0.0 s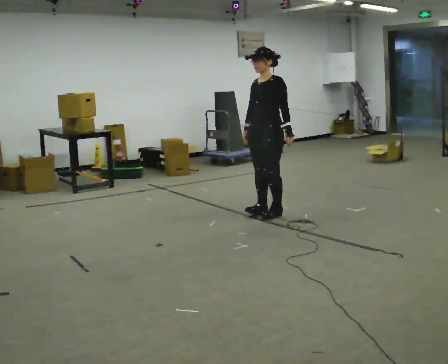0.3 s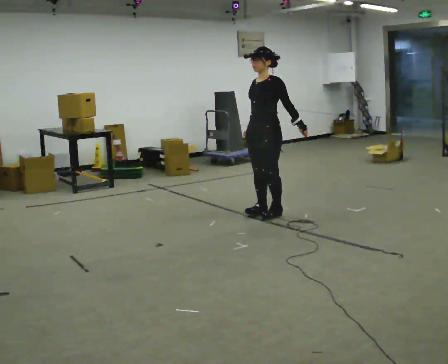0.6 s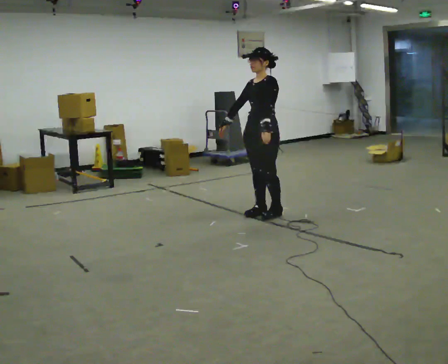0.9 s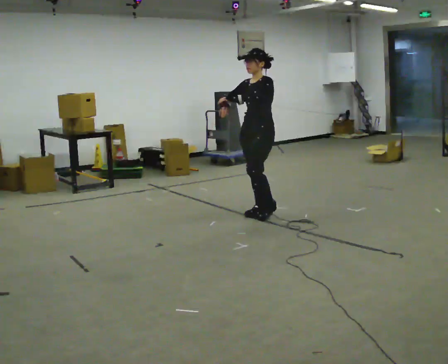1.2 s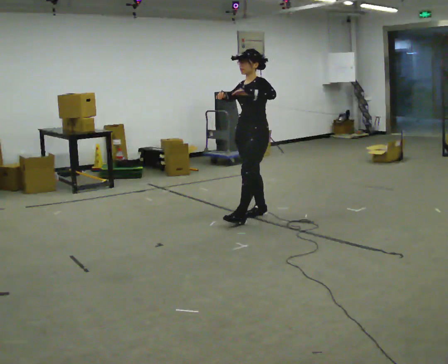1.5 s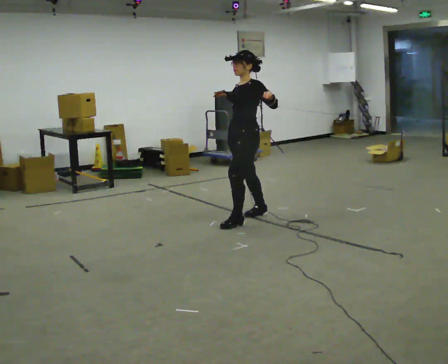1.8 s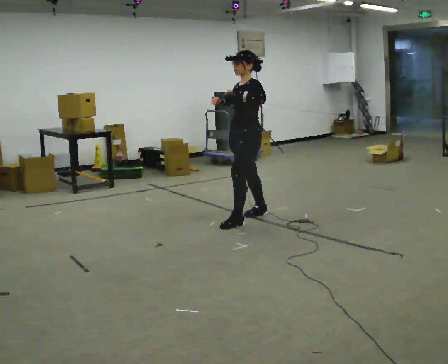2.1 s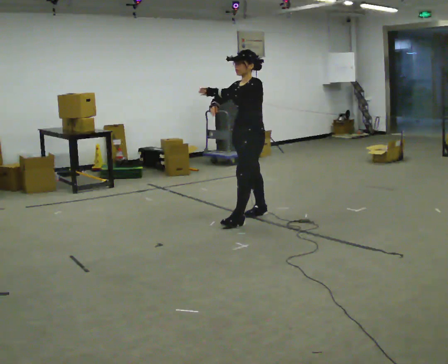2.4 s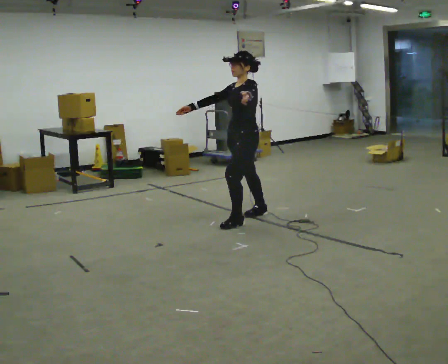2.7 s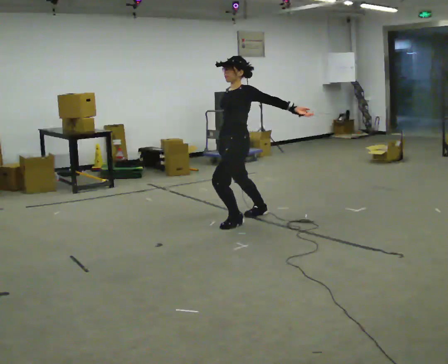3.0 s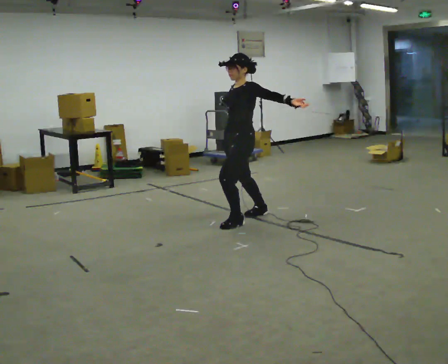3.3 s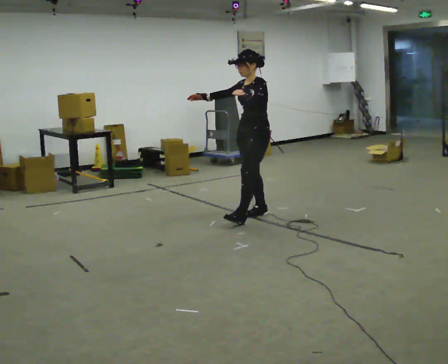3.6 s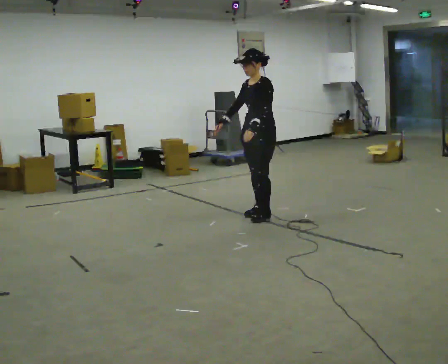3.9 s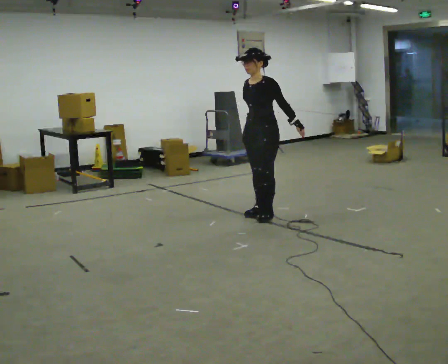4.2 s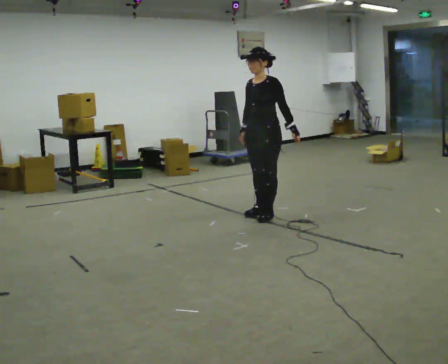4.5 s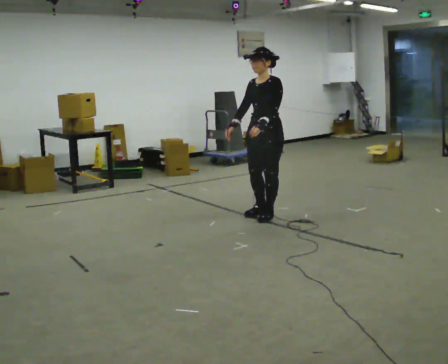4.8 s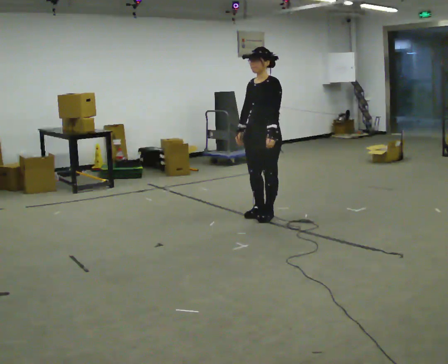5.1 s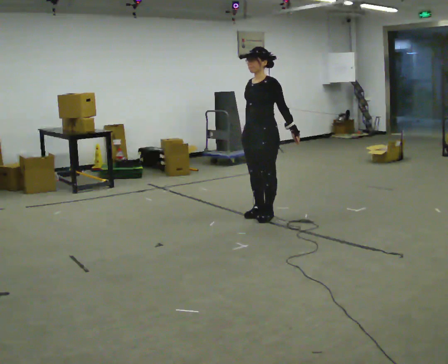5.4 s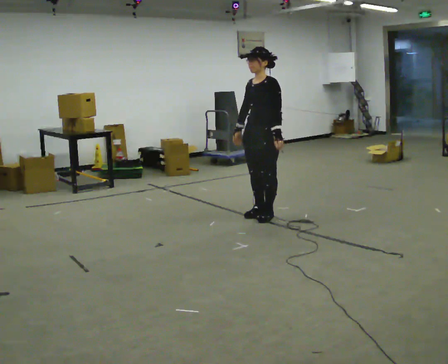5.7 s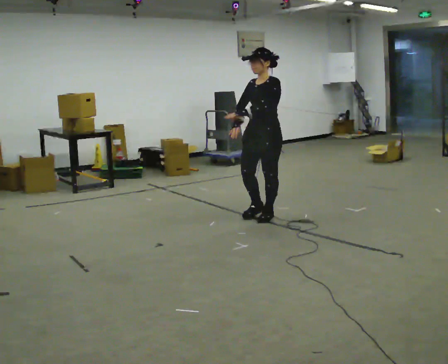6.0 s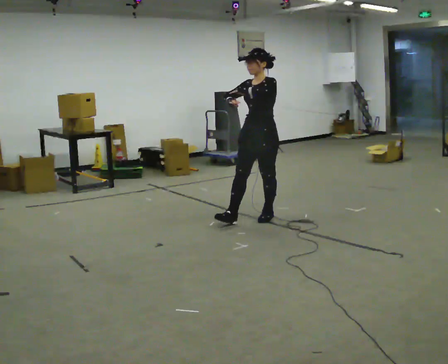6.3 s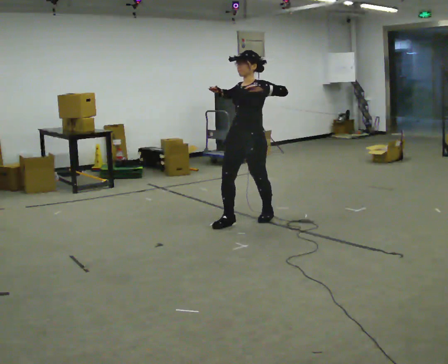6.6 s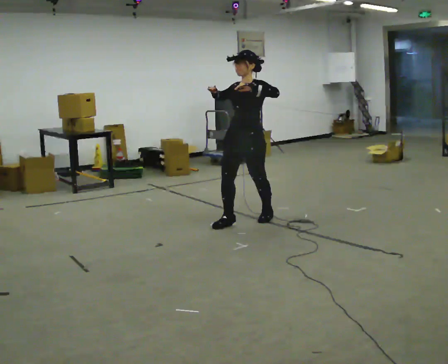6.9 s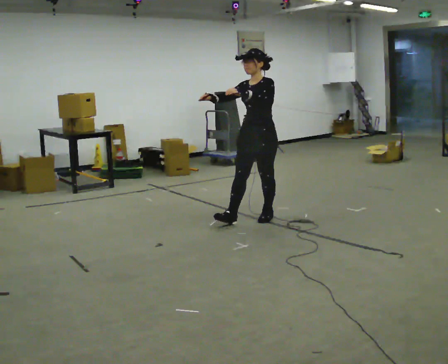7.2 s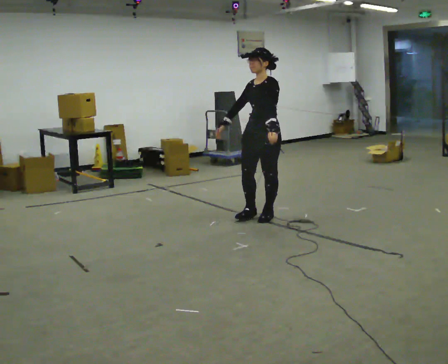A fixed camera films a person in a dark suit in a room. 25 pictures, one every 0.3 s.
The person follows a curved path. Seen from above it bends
counterclockwise.
0.0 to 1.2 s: In the picture their left hand goes to the left and upward.
1.2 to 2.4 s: The person moves a little, or ends about where they began.
2.4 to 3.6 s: In the picture they go away from the camera, about 0.25 m in 1 step, which for them is backward.
3.6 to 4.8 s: The person moves a little, or ends about where they began.
4.8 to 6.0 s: In the picture their left hand goes upward.
6.0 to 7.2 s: In the picture their left hand goes downward.
The film runs forward here.
